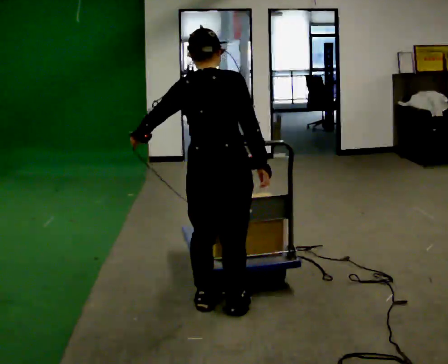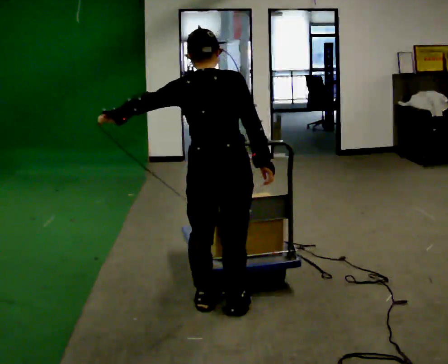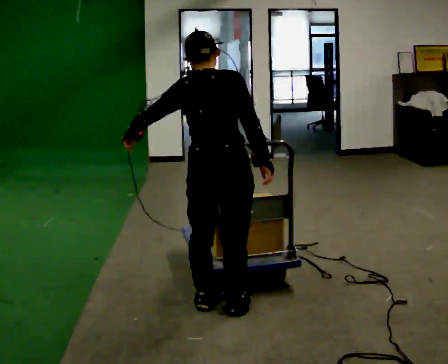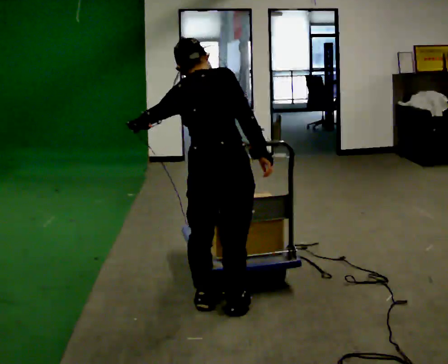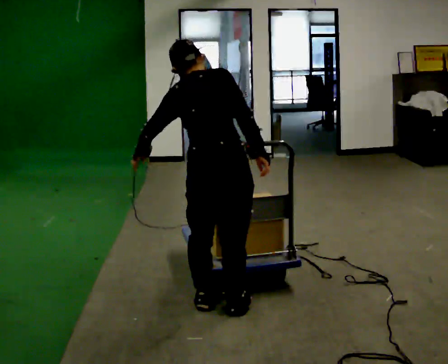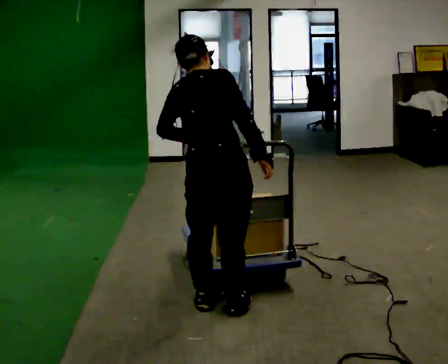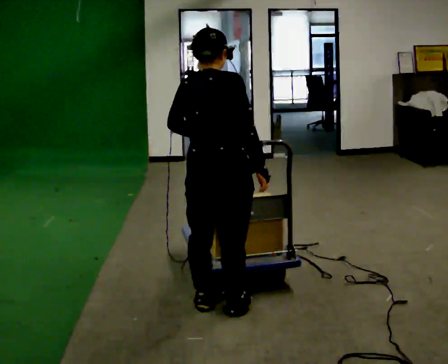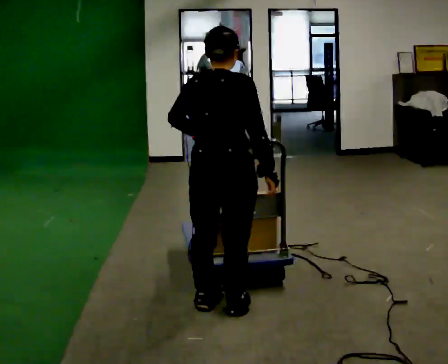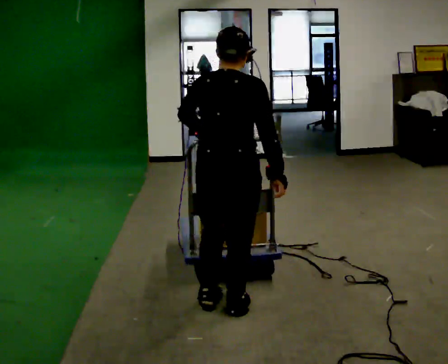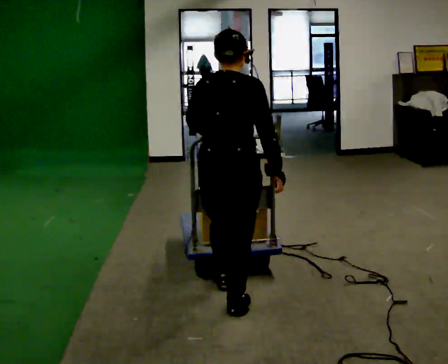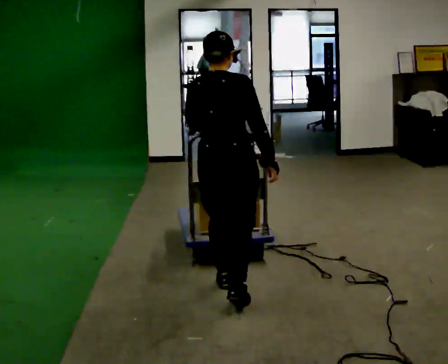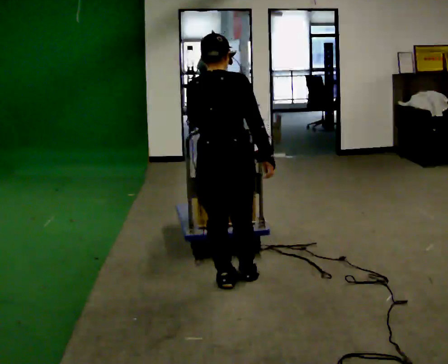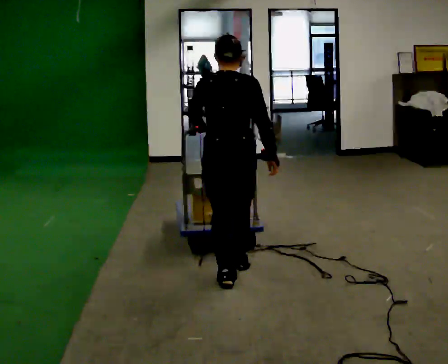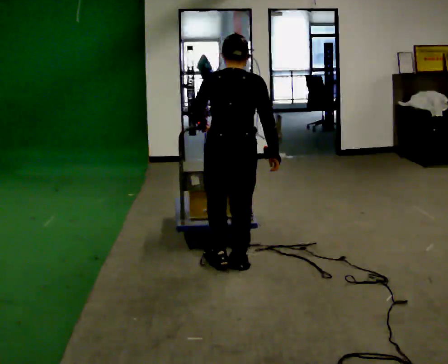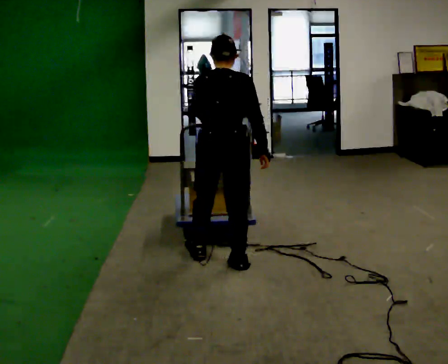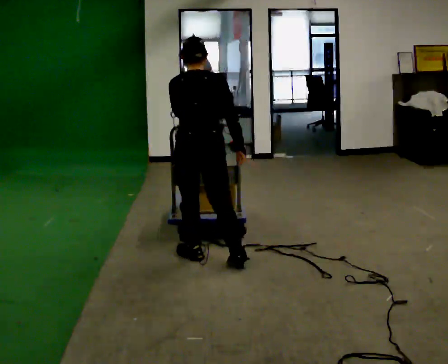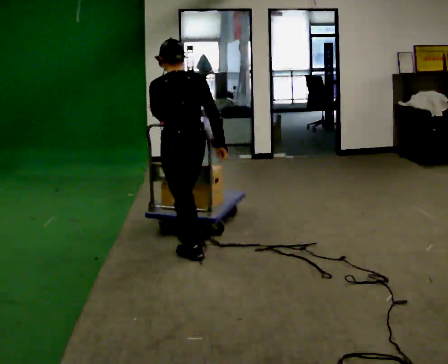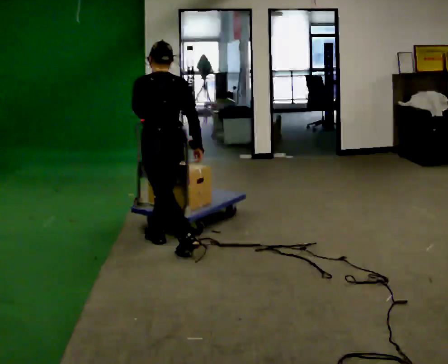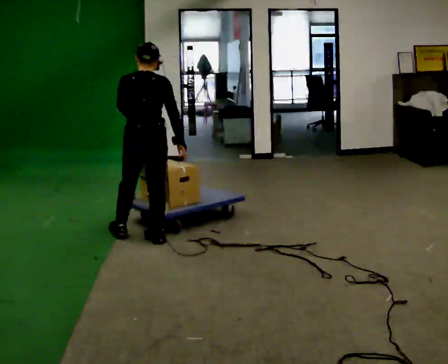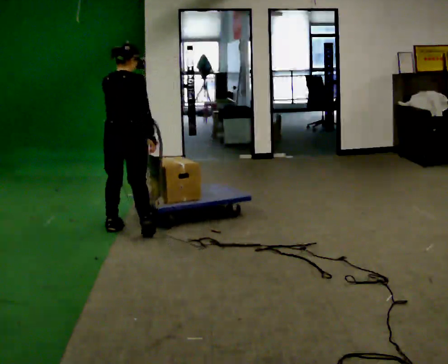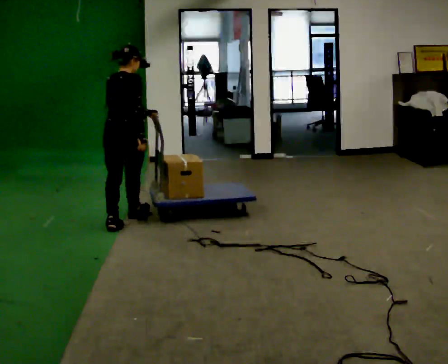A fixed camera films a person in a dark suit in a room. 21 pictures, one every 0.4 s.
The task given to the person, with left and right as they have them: Push the cart along the marked route and round the corner to the side the operator calls.
0.0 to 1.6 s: The person moves a little, or ends about where they began.
1.6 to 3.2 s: In the picture the upper body tilts clockwise, shoulders to the right. In the picture their left hand goes to the right.
3.2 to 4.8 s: In the picture they go away from the camera, about 0.5 m in 2 steps, which for them is forward.
4.8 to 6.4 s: Seen from above the body turns counterclockwise, about 30 degrees: to their left, with its near side sliding to the right. In the picture they go to the left and away from the camera, about 0.5 m in 1 step, which for them is forward and to their left.
6.4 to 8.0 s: The part of the body nearest the lens slides to the left as the person turns to their right by about 45 degrees. In the picture they go away from the camera and to the left, about 1 m in 2 steps, which for them is forward.
The film runs forward here.
